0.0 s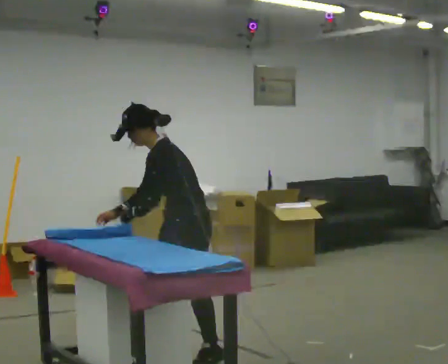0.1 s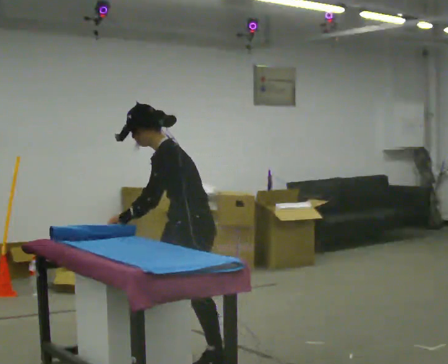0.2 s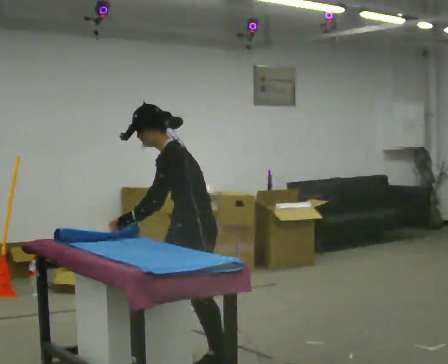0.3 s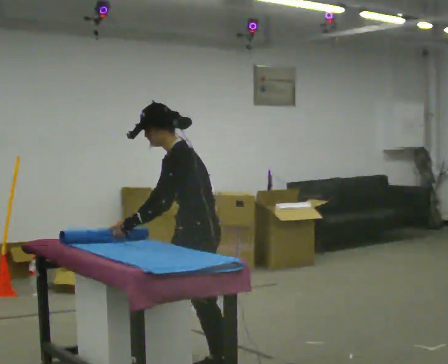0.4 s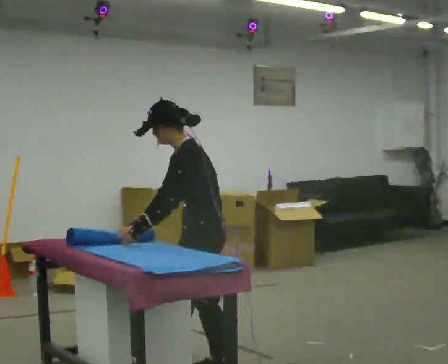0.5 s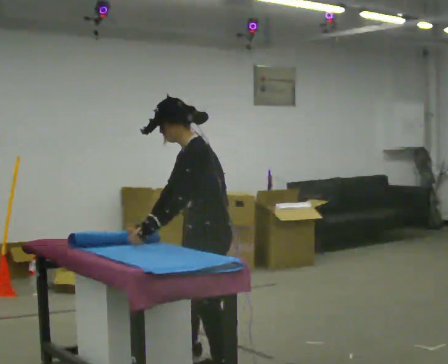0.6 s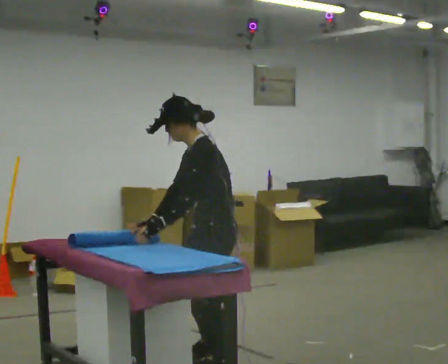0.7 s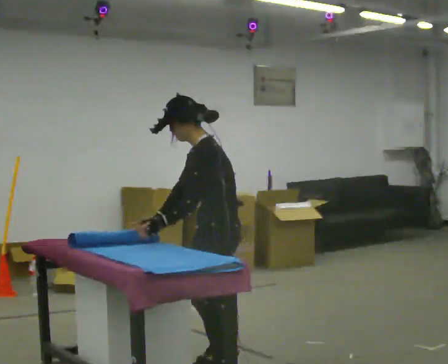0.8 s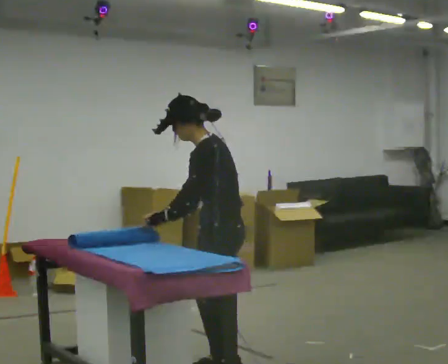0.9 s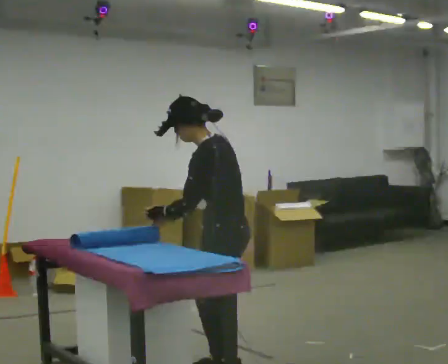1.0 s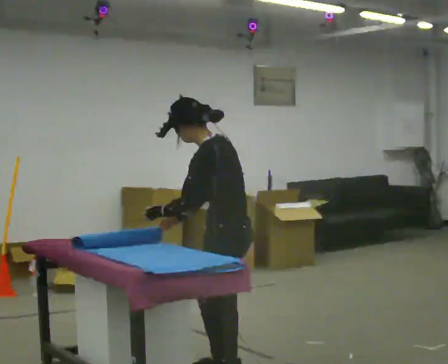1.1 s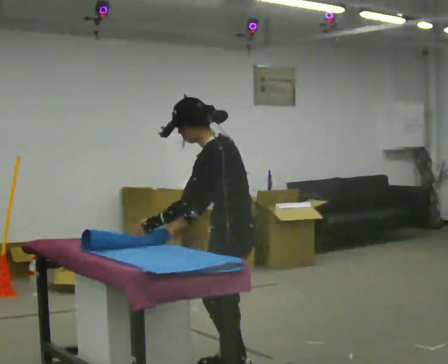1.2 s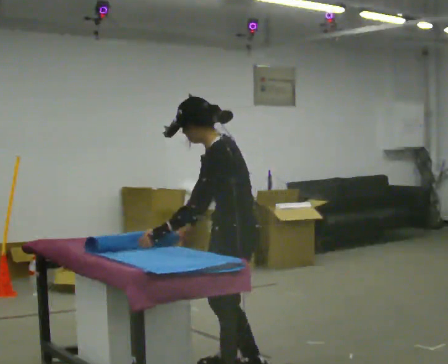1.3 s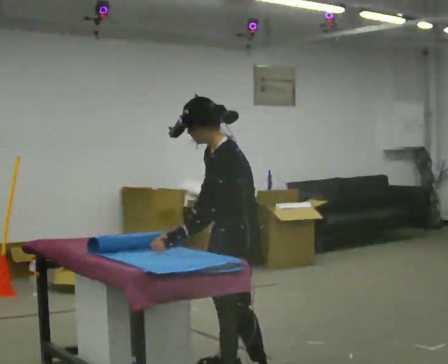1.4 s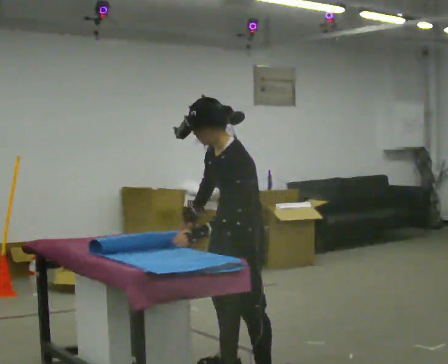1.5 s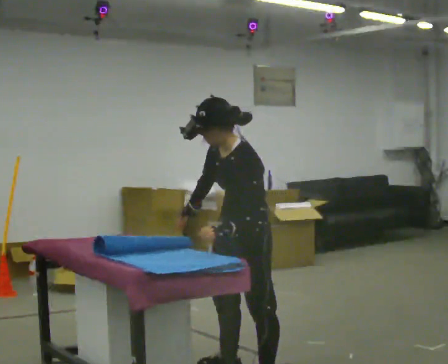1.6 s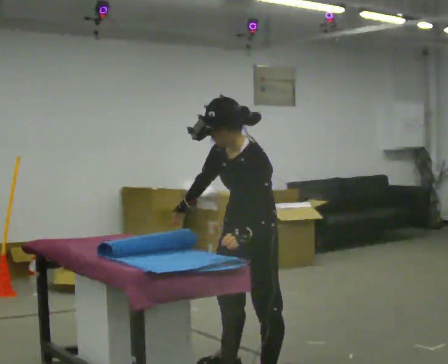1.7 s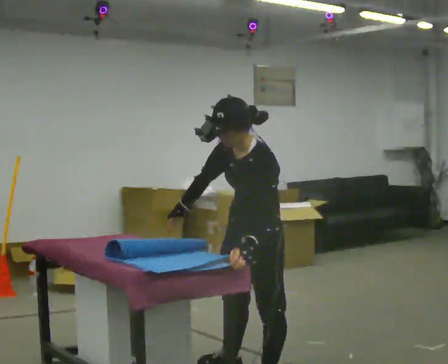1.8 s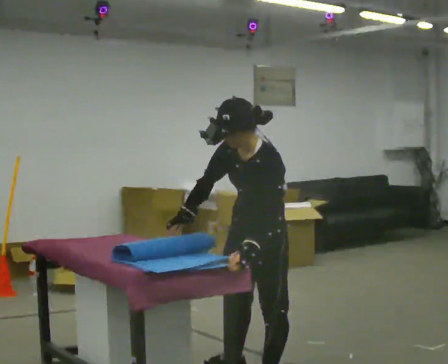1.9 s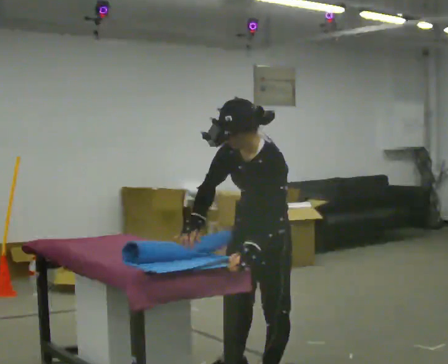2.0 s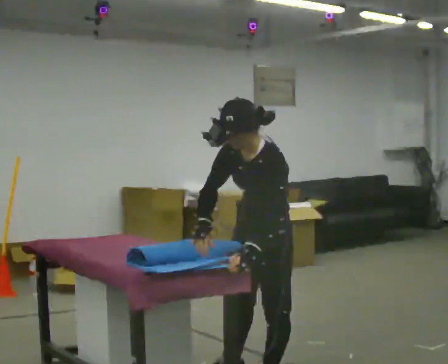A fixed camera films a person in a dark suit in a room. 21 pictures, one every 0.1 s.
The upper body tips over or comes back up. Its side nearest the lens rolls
downward.
0.0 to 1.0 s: The part of the body nearest the lens slides to the left as the person turns to their right by about 30 degrees. In the picture they go toward the camera and to the right, about 0.5 m in 2 steps, which for them is to their left and backward.
1.0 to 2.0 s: The person turns about 45 degrees to their left, counterclockwise seen from above, so the part of the body nearest the lens slides to the right. In the picture they go toward the camera and to the right, about 0.25 m in 1 step, which for them is to their left. The upper body tips toward the camera, its near side rolling downward.
The film runs backward here.
